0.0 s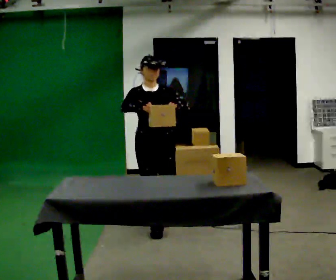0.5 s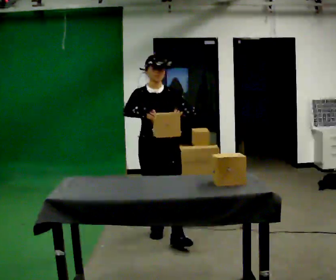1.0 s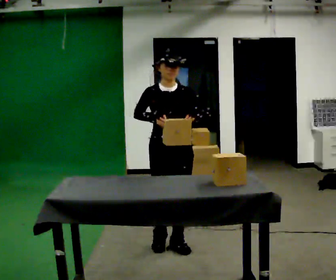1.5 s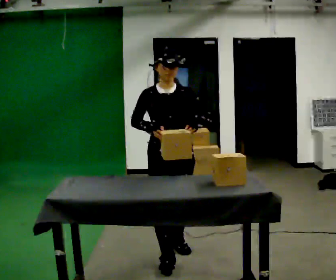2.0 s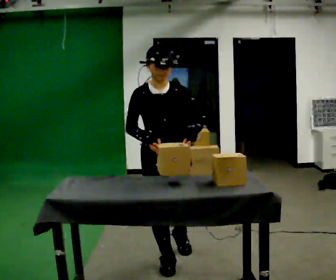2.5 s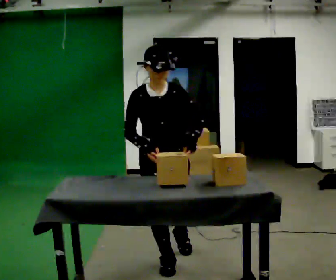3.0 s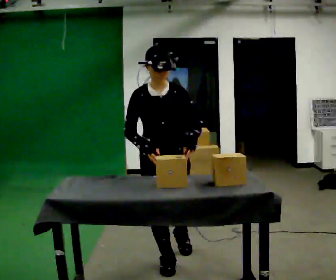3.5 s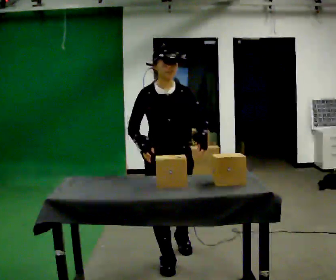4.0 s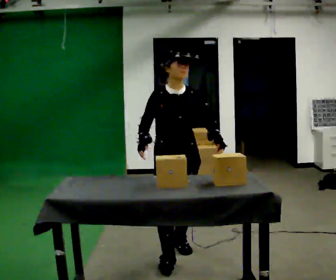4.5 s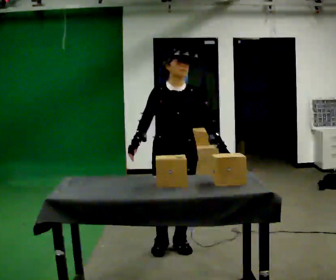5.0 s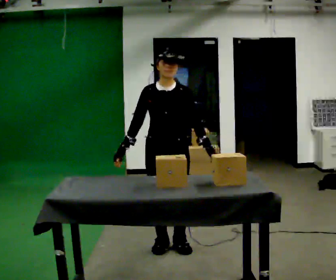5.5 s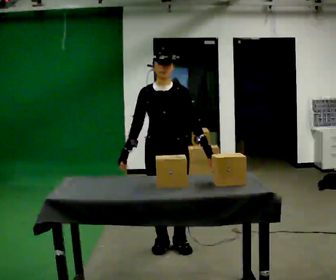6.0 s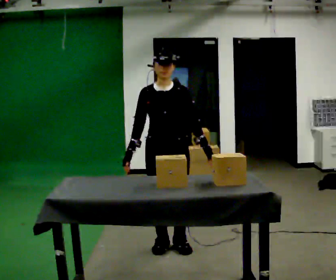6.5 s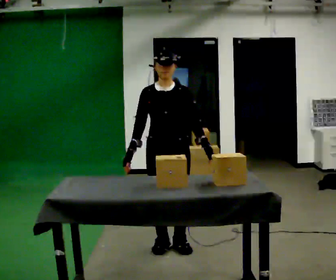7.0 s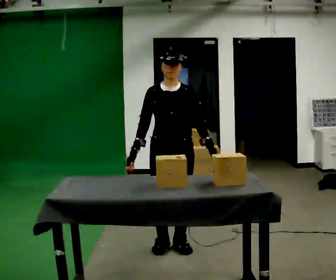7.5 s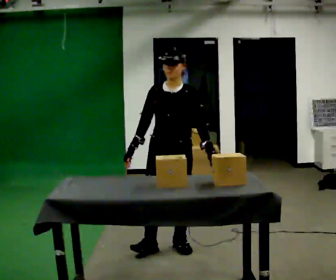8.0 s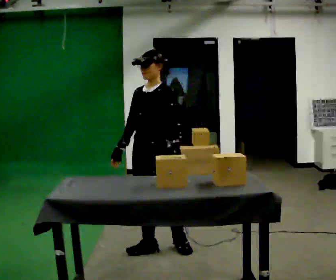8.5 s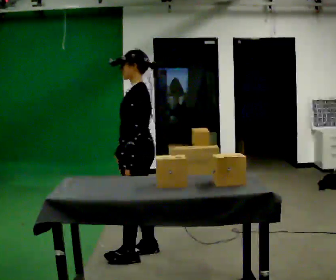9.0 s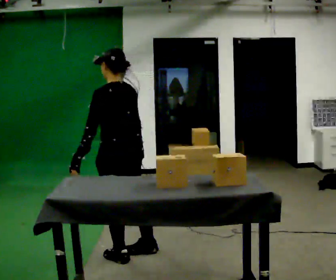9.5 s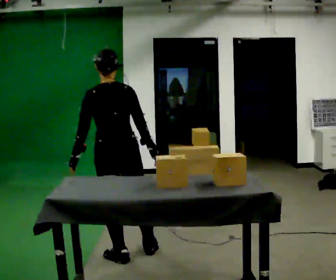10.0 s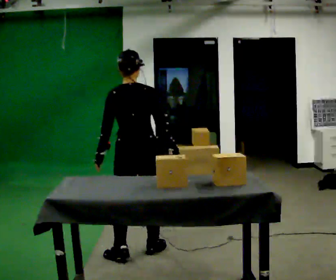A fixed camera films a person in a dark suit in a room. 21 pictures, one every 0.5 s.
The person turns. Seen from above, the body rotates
clockwise.
The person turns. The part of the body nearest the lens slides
to the left.
0.0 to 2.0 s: In the picture they go toward the camera, about 1 m in 2 steps, which for them is forward.
2.0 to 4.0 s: In the picture they go away from the camera, about 0.25 m, which for them is backward and to their left.
4.0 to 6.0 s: The person moves a little, or ends about where they began.
6.0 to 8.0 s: The person turns about 45 degrees to their right, clockwise seen from above, so the part of the body nearest the lens slides to the left.
8.0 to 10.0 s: Seen from above the body turns clockwise, about 135 degrees: to their right, with its near side sliding to the left. In the picture their left hand goes to the left, the arm swinging clockwise.
The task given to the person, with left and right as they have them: Clear everything off the table and put it away on the shelf, in as many trips as you need. Keep going until the operator says stop; one object at a time, and do not rush between trips.
The film runs forward here.
